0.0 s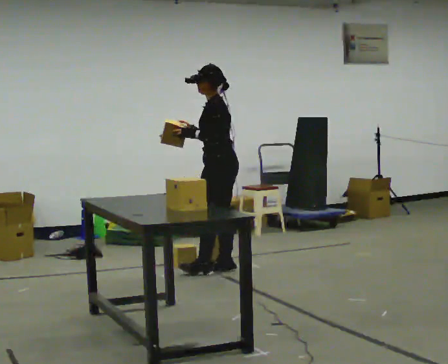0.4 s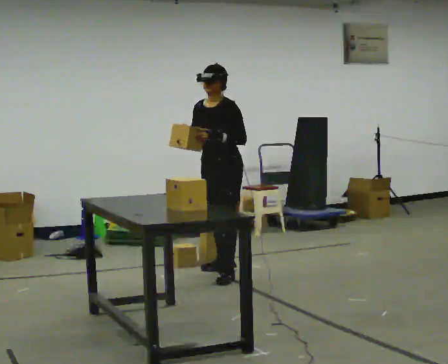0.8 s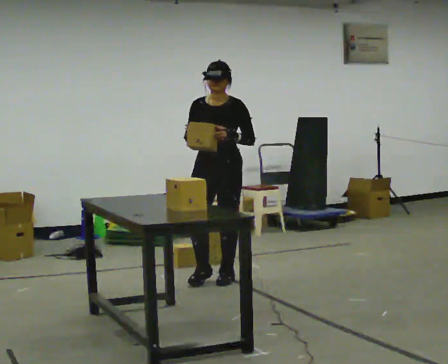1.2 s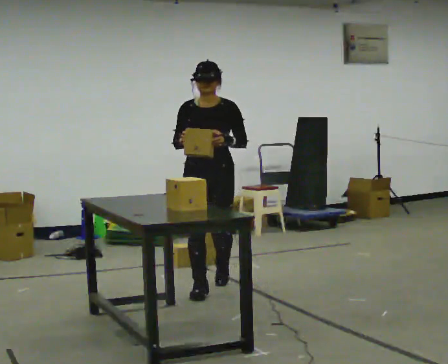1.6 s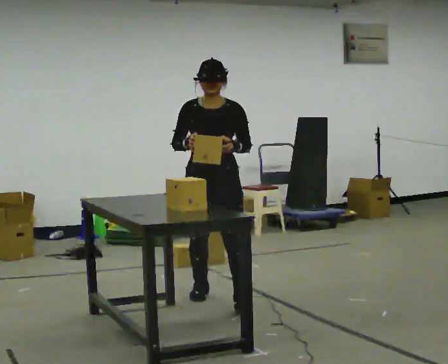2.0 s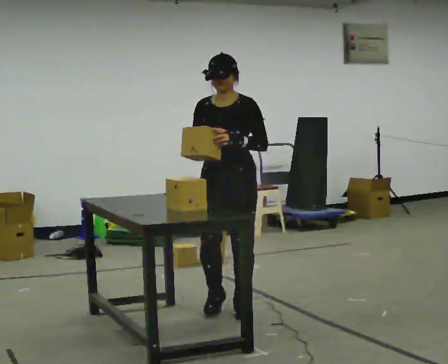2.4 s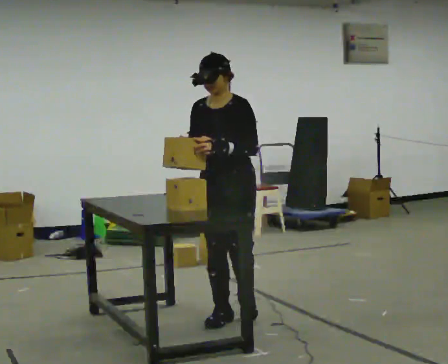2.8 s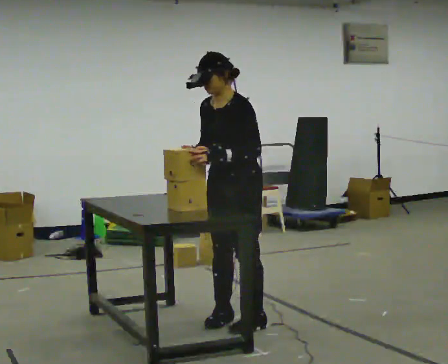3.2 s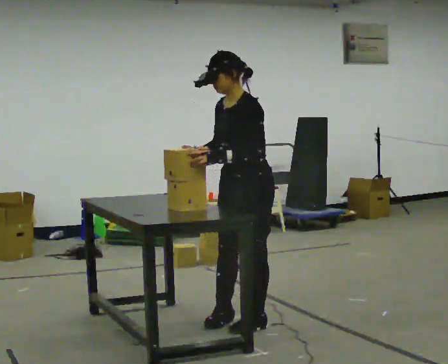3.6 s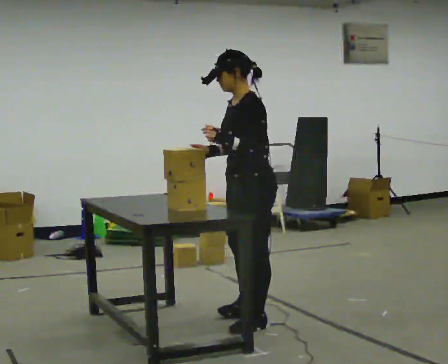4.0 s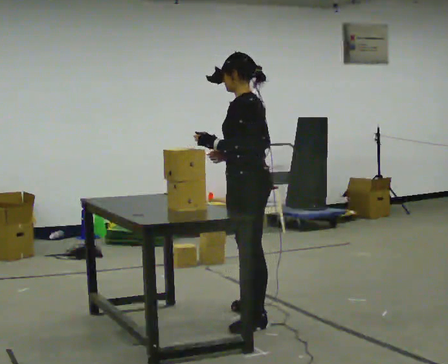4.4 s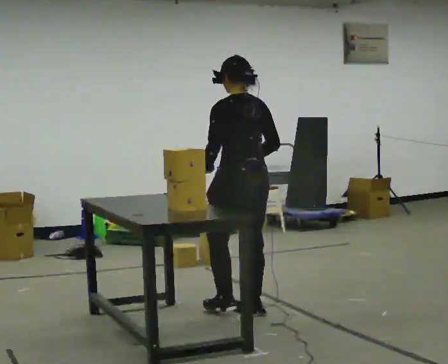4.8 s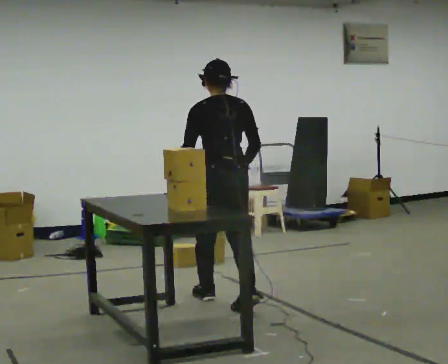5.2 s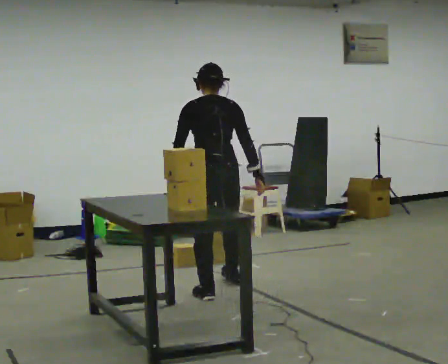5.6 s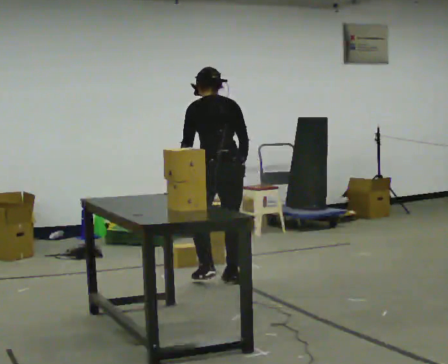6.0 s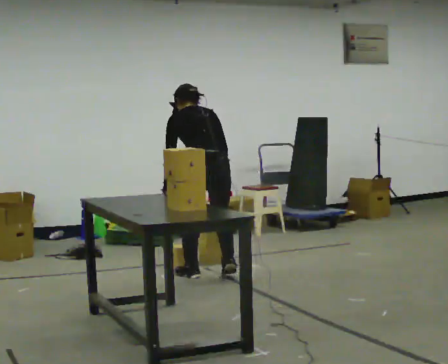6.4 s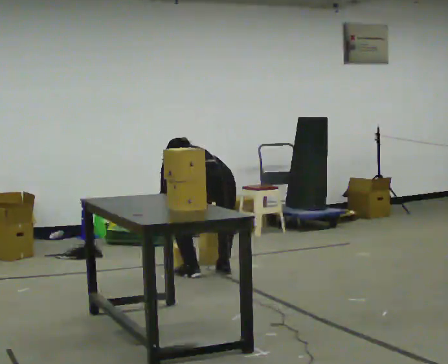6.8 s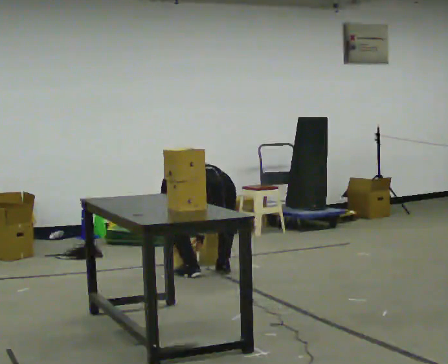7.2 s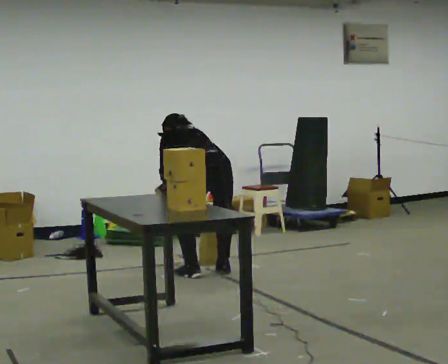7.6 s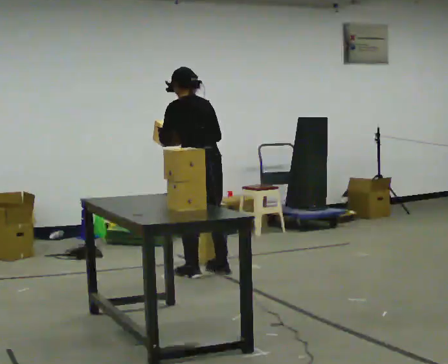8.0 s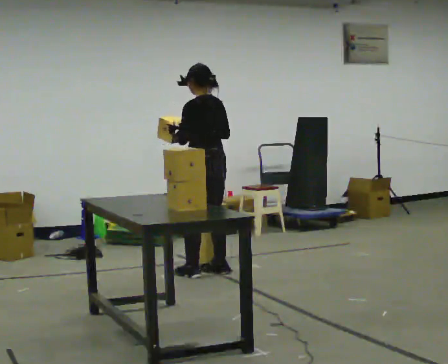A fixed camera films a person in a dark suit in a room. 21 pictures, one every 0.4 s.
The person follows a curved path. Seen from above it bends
counterclockwise.
0.0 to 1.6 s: The person turns about 90 degrees to their left, counterclockwise seen from above, so the part of the body nearest the lens slides to the right. In the picture they go toward the camera, about 1 m in 2 steps.
1.6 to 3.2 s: The part of the body nearest the lens slides to the left as the person turns to their right by about 60 degrees. In the picture they go toward the camera and to the right, about 0.75 m in 3 steps, which for them is to their left and forward.
3.2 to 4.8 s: Seen from above the body turns clockwise, about 105 degrees: to their right, with its near side sliding to the left. In the picture they go away from the camera, about 0.5 m in 2 steps.
4.8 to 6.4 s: In the picture they go away from the camera, about 0.5 m in 3 steps, which for them is forward. The upper body goes downward. The upper body tips away from the camera, its near side rolling upward, as they bend forward. In the picture their right hand goes downward.
6.4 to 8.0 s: In the picture they go away from the camera, about 0.25 m, which for them is forward. The upper body tips toward the camera, its near side rolling downward, as they lean back or straighten. In the picture their right hand goes upward.
The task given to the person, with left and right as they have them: Pick up the next box in the row and carry it to the table. The operator will not tell you how heavy each one is. Keep going until the operator says stop; one object at a time, and do not rush between trips.
The film runs forward here.
